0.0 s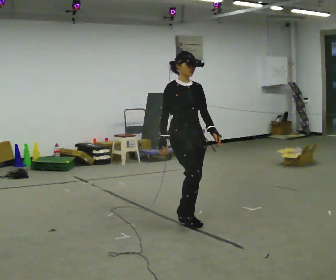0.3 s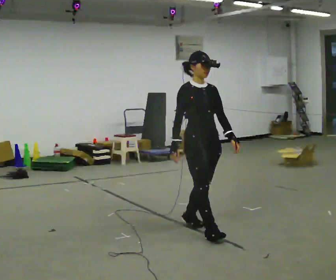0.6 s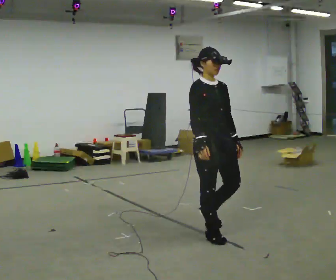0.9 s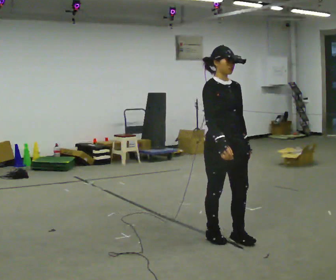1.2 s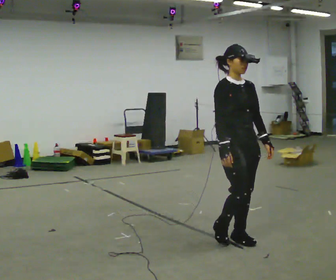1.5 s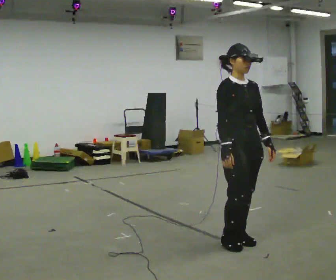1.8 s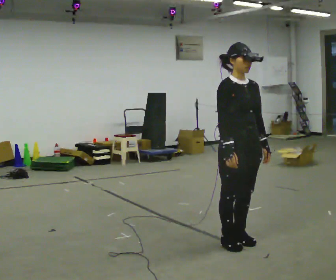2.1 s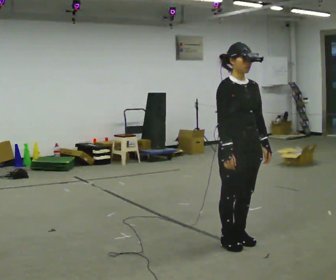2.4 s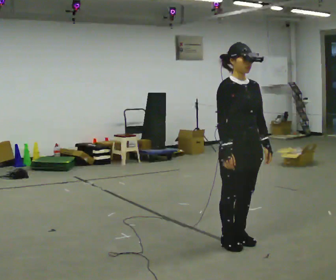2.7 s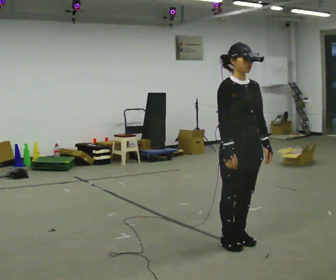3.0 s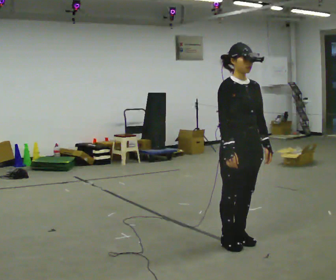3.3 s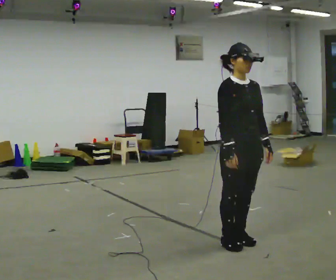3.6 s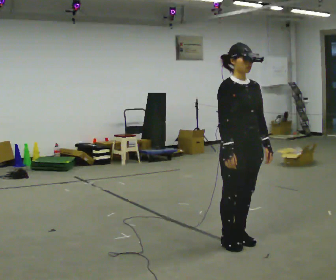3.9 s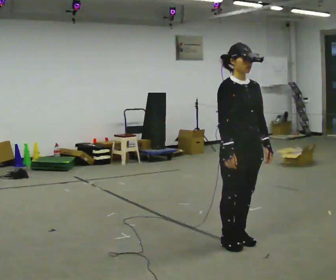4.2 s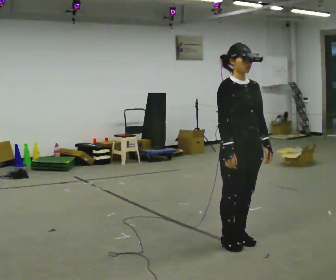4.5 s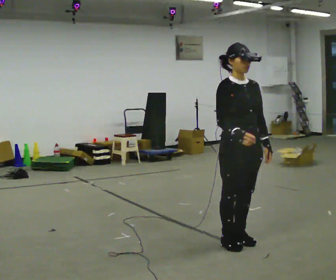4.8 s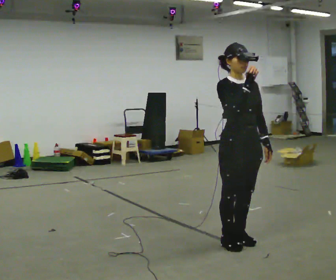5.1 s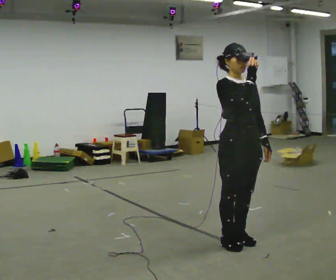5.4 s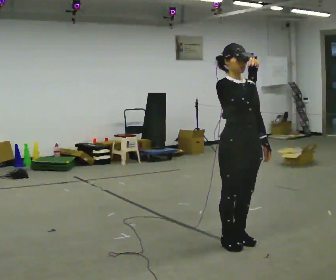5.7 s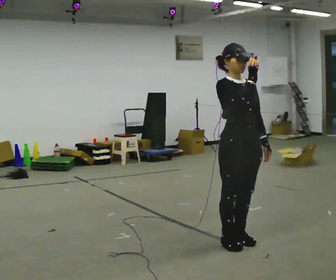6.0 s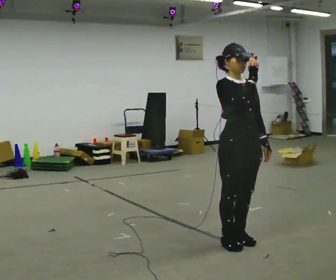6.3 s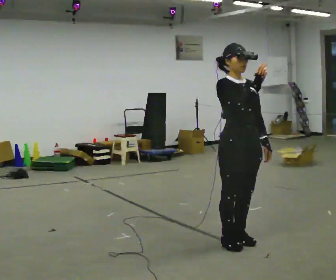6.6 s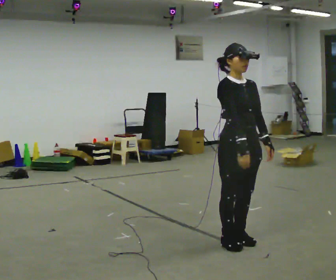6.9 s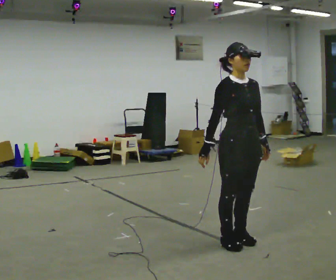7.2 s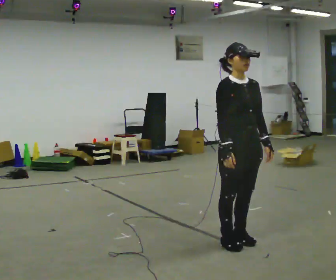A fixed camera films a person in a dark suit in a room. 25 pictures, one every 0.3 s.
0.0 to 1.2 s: In the picture they go toward the camera and to the right, about 0.75 m in 2 steps, which for them is forward.
1.2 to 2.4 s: The person moves a little, or ends about where they began.
2.4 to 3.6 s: The person keeps their place and pose.
3.6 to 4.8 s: In the picture their right hand goes upward.
4.8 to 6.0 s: The person moves a little, or ends about where they began.
6.0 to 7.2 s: In the picture their right hand goes downward.
The film runs forward here.
